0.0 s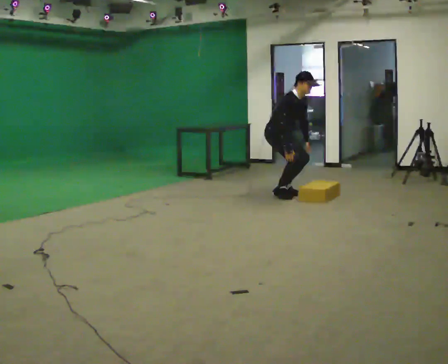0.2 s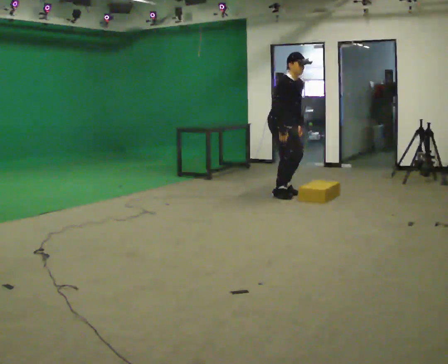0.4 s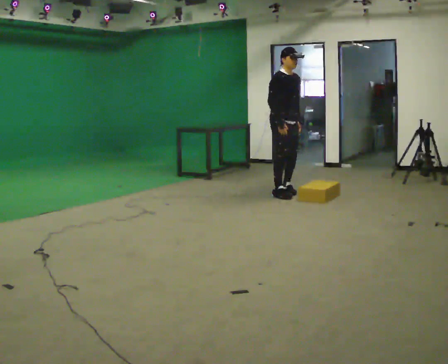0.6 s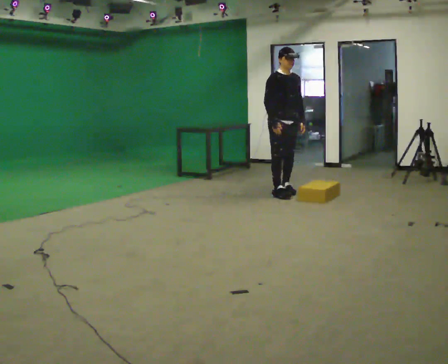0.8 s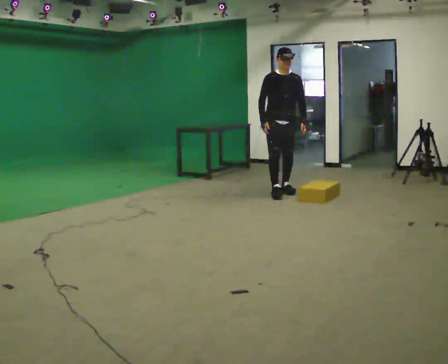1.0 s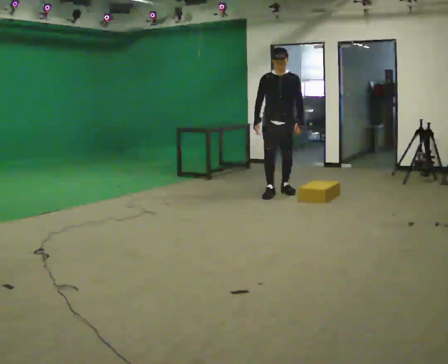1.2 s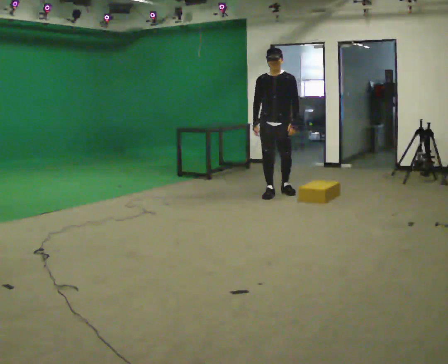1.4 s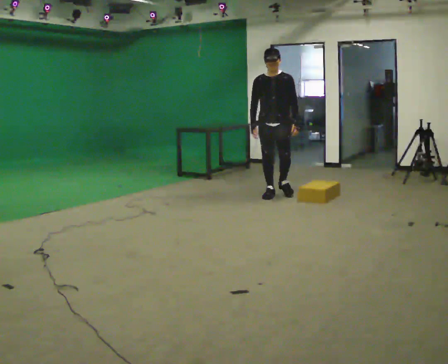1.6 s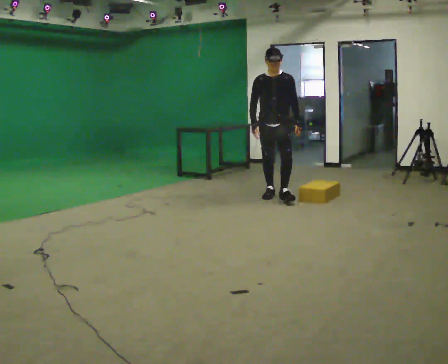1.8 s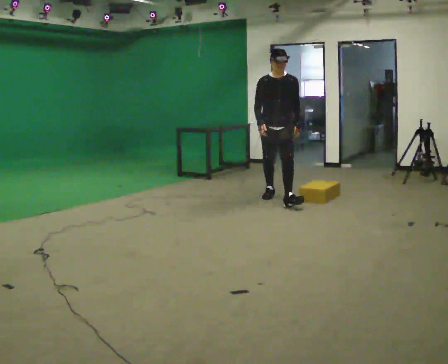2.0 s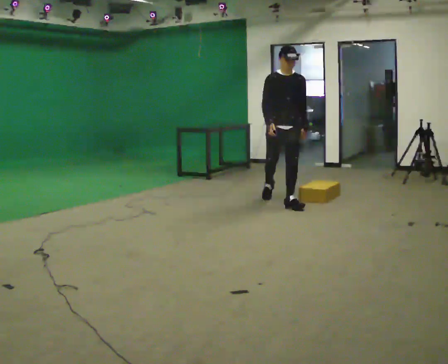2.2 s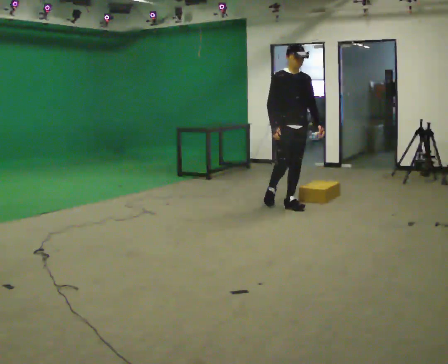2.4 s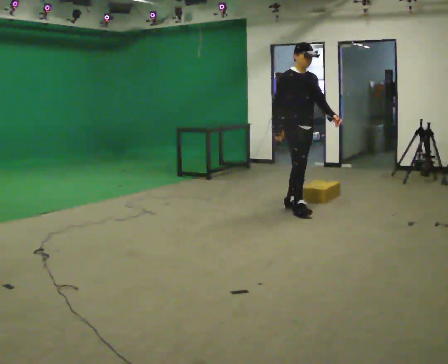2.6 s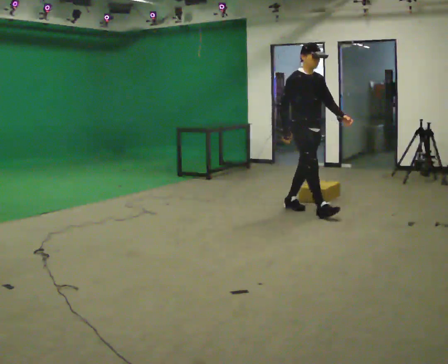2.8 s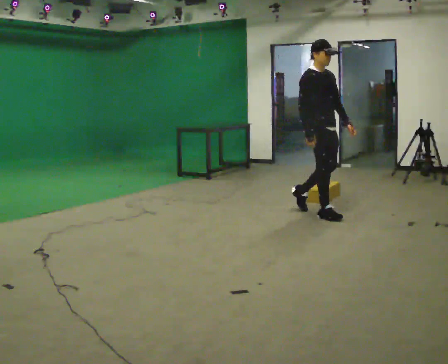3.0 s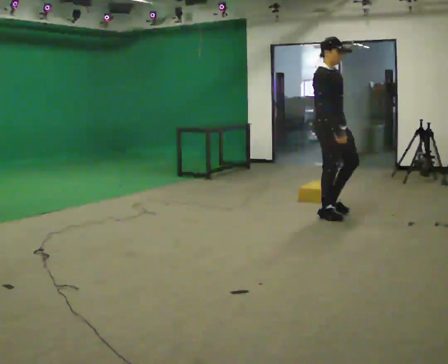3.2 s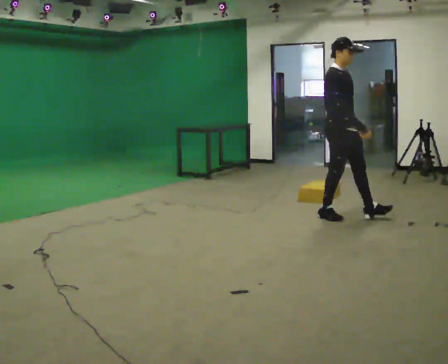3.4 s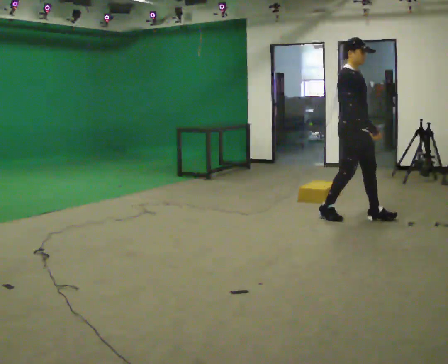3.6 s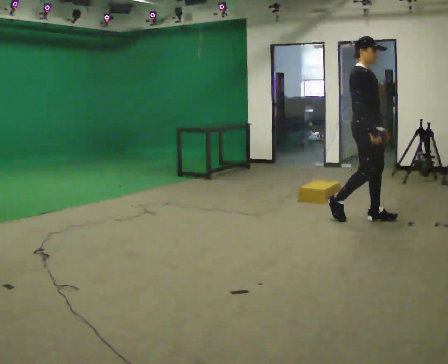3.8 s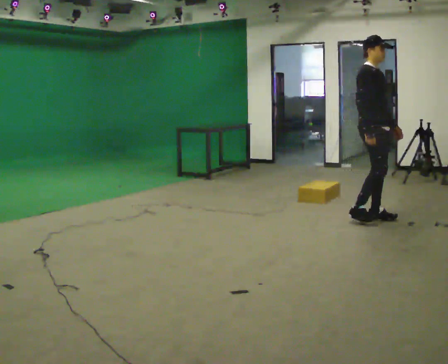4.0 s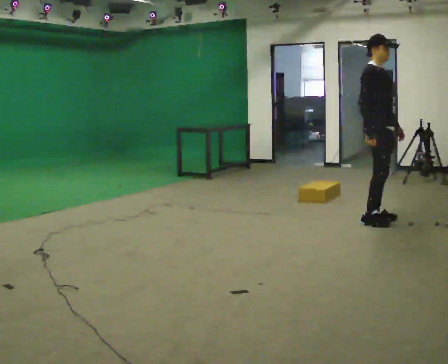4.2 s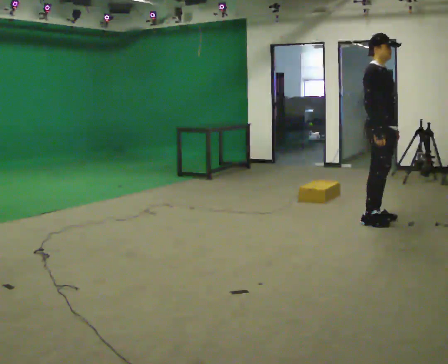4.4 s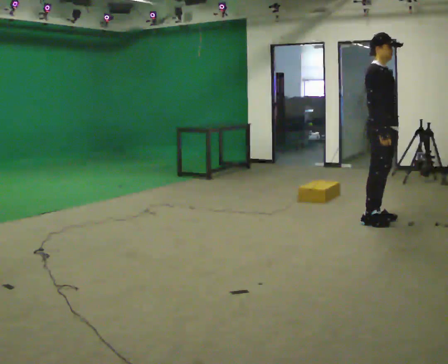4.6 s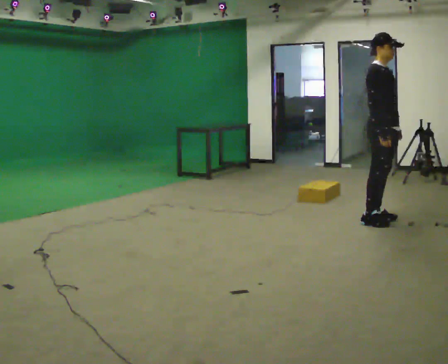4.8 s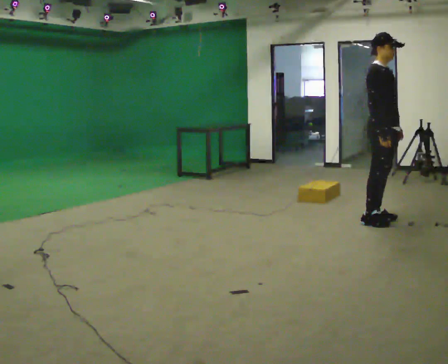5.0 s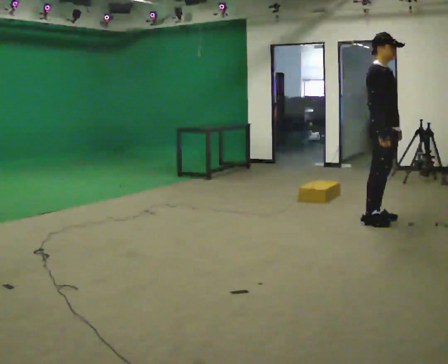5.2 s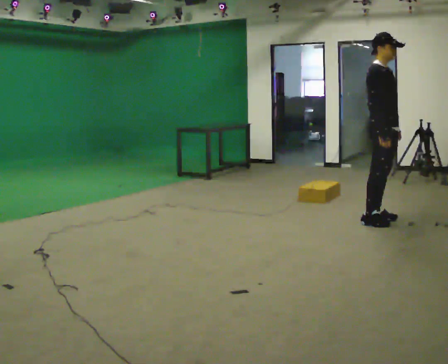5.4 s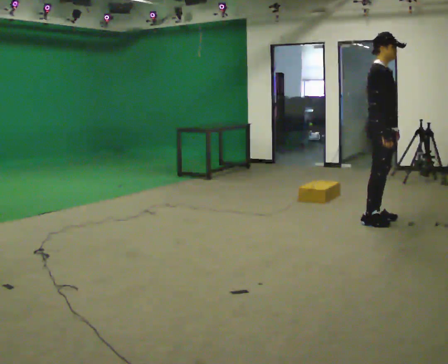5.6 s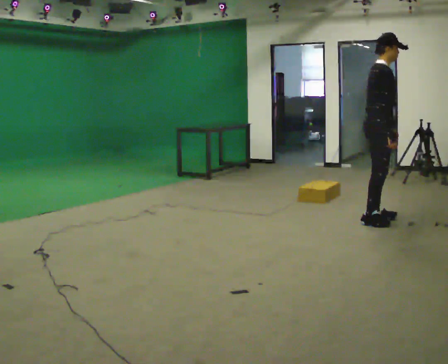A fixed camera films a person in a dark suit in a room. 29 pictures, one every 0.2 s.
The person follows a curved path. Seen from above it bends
counterclockwise.
0.0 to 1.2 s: Seen from above the body turns clockwise, about 60 degrees: to their right, with its near side sliding to the left. The shoulders move upward. In the picture the upper body tilts counterclockwise, shoulders to the left, as they lean back or straighten.
1.2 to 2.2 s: The part of the body nearest the lens slides to the right as the person turns to their left by about 30 degrees. In the picture they go toward the camera and to the right, about 0.5 m in 1 step, which for them is forward.
2.2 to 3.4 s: Seen from above the body turns counterclockwise, about 30 degrees: to their left, with its near side sliding to the right. In the picture they go to the right and toward the camera, about 1 m in 2 steps, which for them is forward.
3.4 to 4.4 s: In the picture they go to the right, about 0.25 m in 1 step, which for them is forward.
4.4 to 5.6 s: The person turns about 30 degrees to their left, counterclockwise seen from above, so the part of the body nearest the lens slides to the right.
The film runs forward here.
